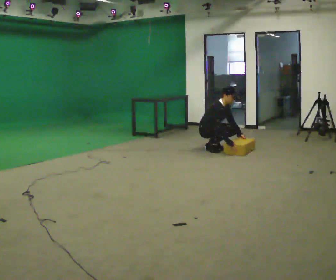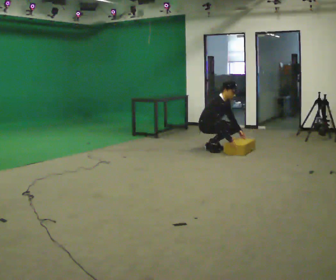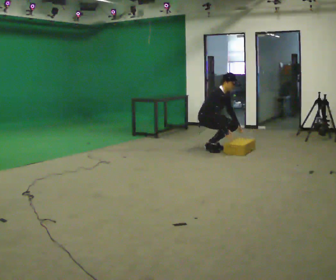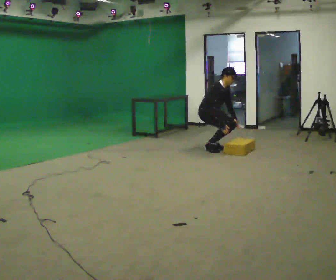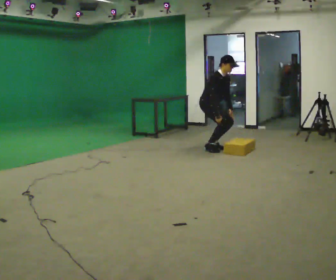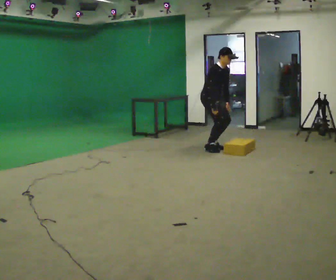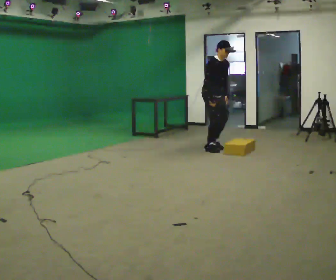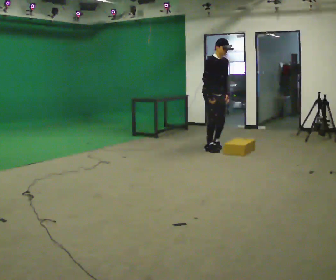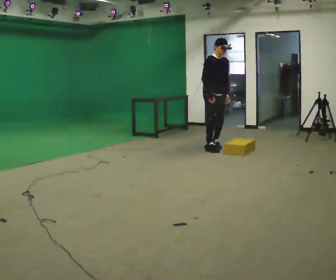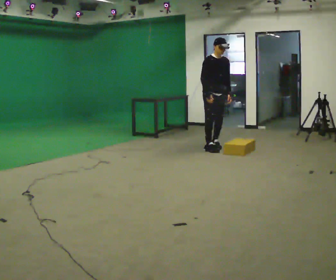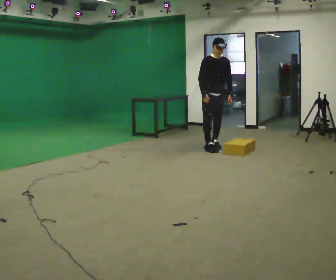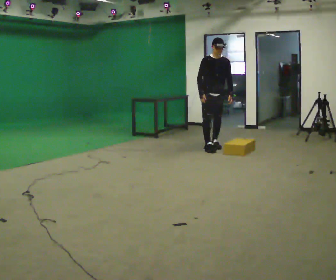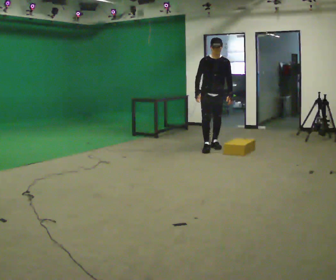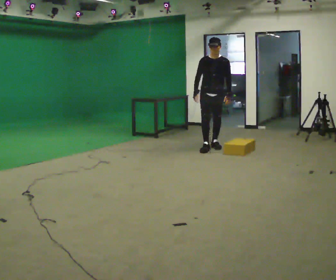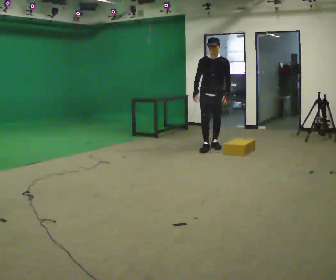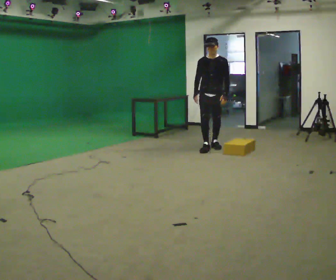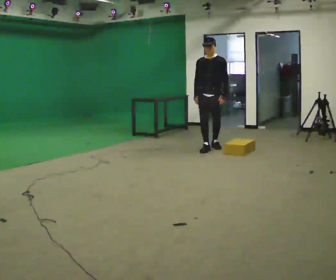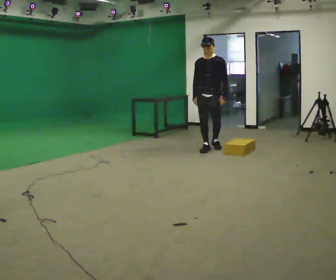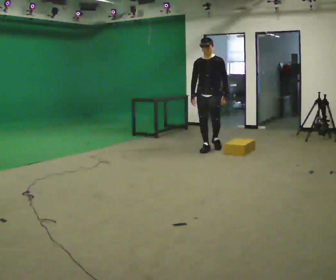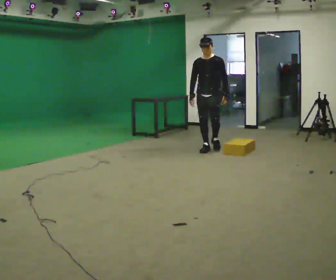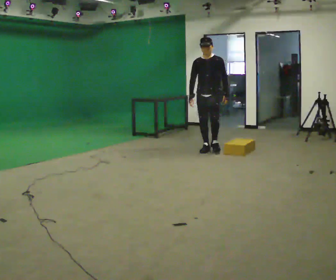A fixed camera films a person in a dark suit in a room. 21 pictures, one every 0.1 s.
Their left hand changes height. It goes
upward.
The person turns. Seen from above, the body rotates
clockwise.
0.0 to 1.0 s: The person turns about 45 degrees to their right, clockwise seen from above, so the part of the body nearest the lens slides to the left. The shoulders move upward. In the picture the upper body tilts counterclockwise, shoulders to the left, as they lean back or straighten. In the picture their right hand goes upward and to the left.
1.0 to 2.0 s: The person turns about 30 degrees to their right, clockwise seen from above, so the part of the body nearest the lens slides to the left. In the picture they go toward the camera, about 0.25 m, which for them is forward.
The film runs forward here.
